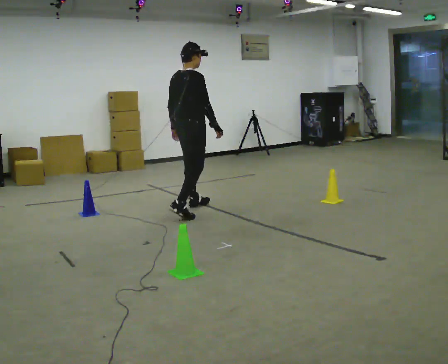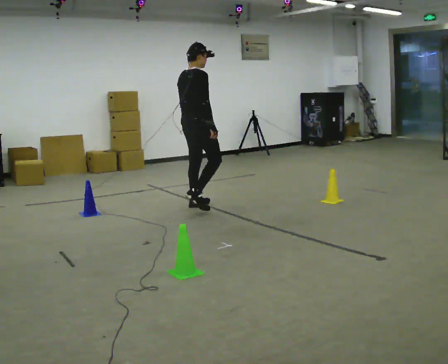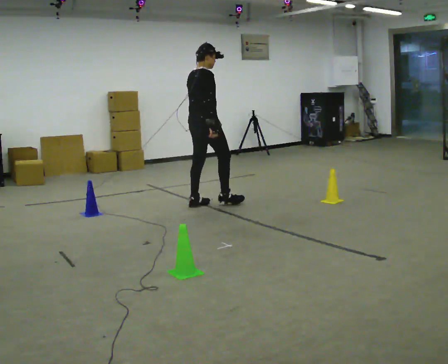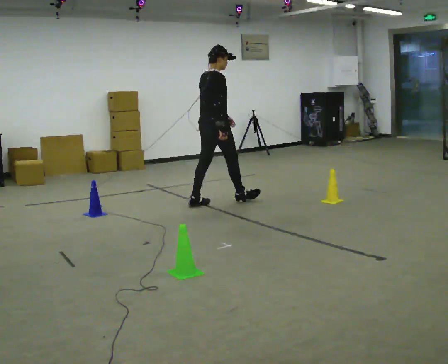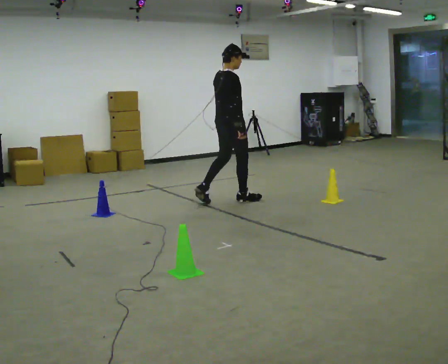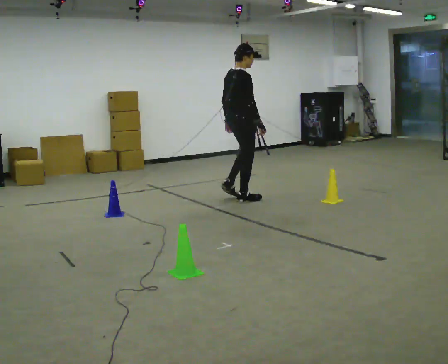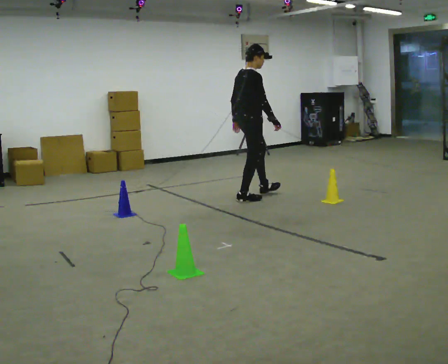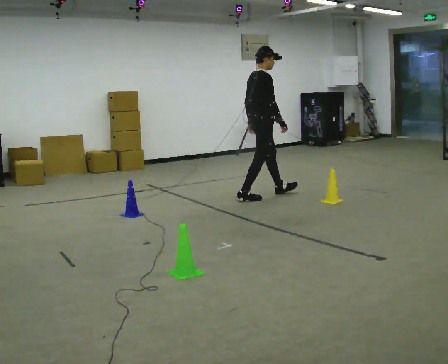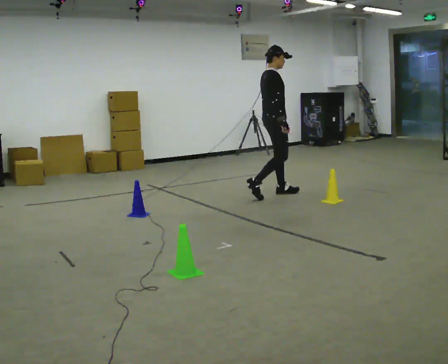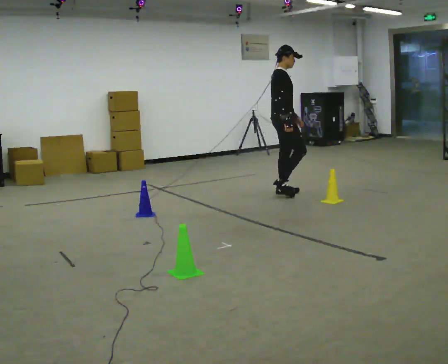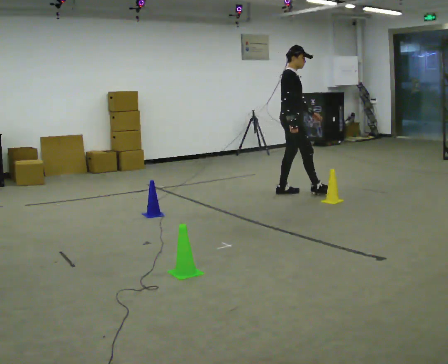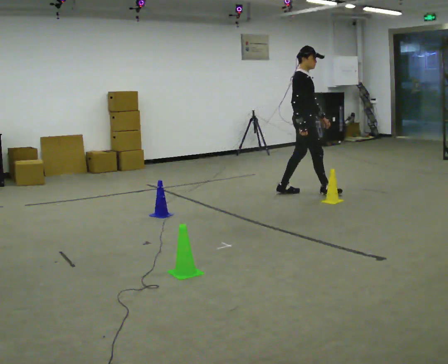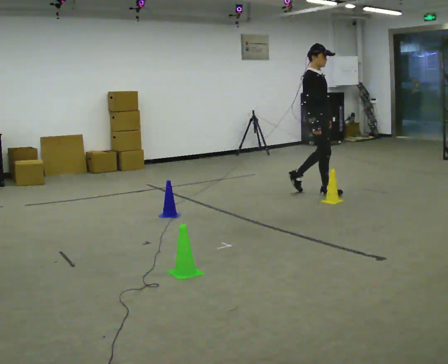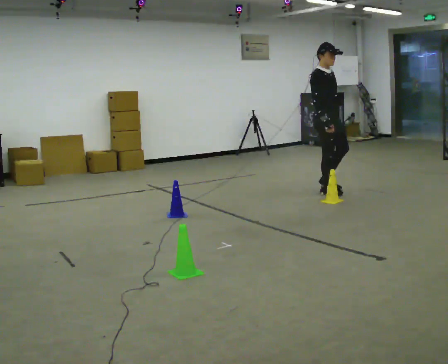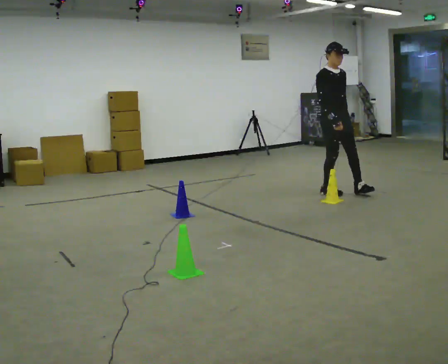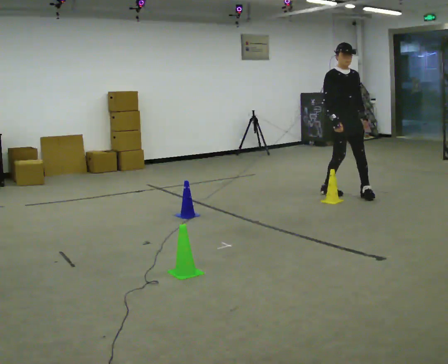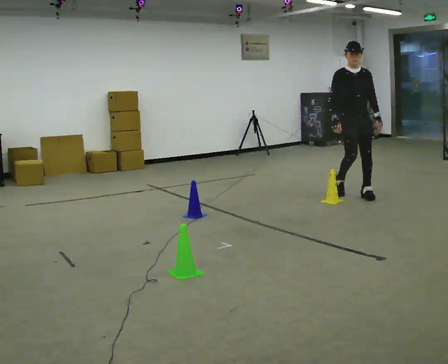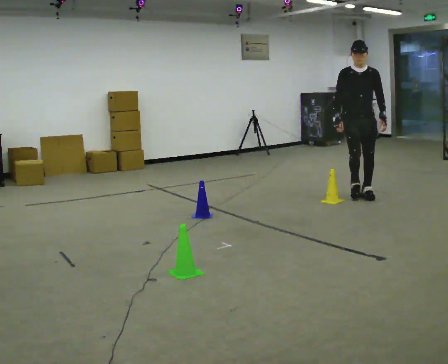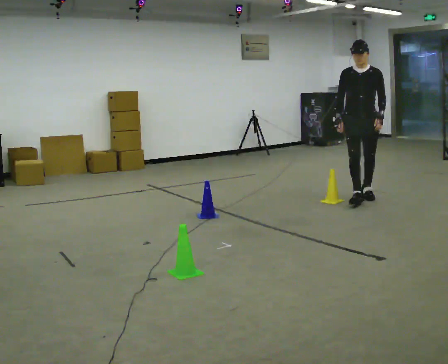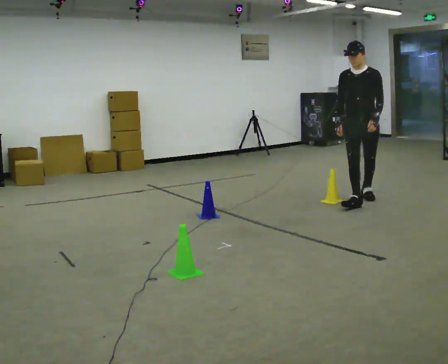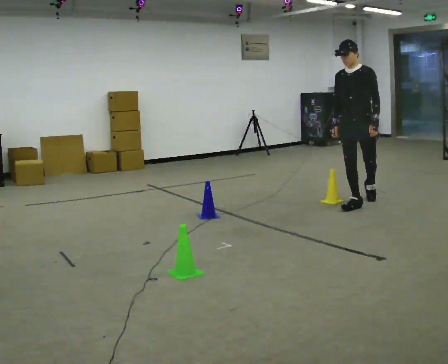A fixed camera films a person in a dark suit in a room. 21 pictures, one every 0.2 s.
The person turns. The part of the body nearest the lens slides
to the left.
The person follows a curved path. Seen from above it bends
clockwise.
0.0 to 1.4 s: The person turns about 30 degrees to their right, clockwise seen from above, so the part of the body nearest the lens slides to the left. In the picture they go away from the camera and to the right, about 1 m in 2 steps, which for them is forward.
1.4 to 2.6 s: The part of the body nearest the lens slides to the left as the person turns to their right by about 45 degrees. In the picture they go to the right, about 0.5 m in 1 step, which for them is forward.
2.6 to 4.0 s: Seen from above the body turns clockwise, about 90 degrees: to their right, with its near side sliding to the left. In the picture they go toward the camera and to the right, about 0.5 m in 2 steps.
The film runs forward here.
